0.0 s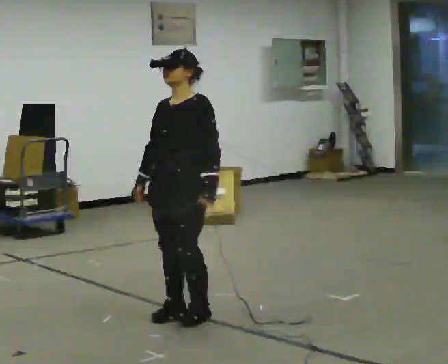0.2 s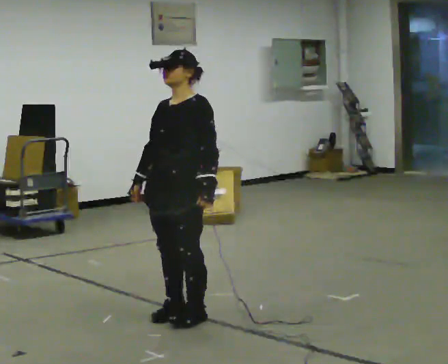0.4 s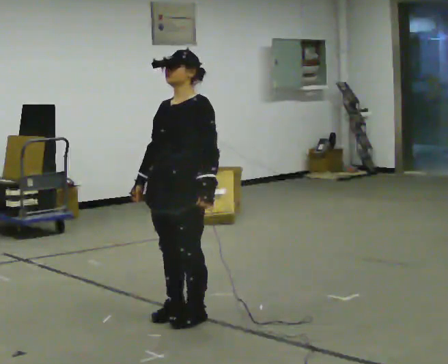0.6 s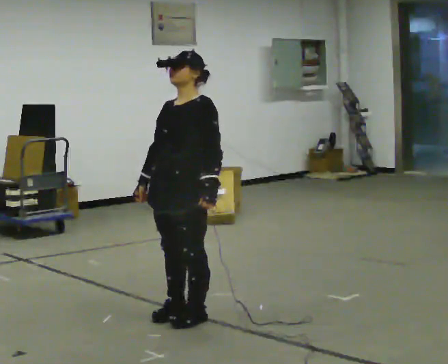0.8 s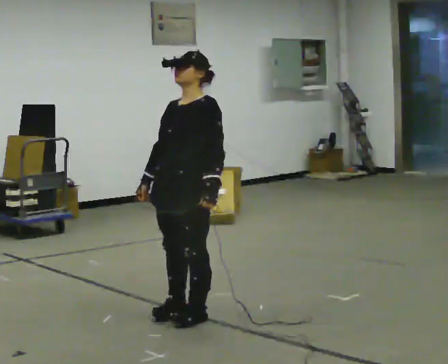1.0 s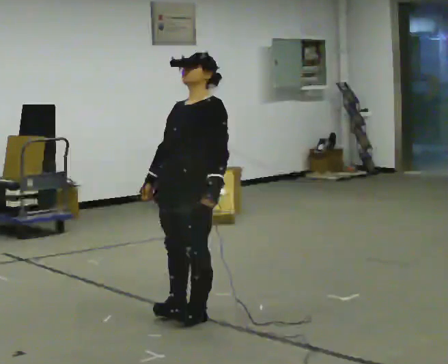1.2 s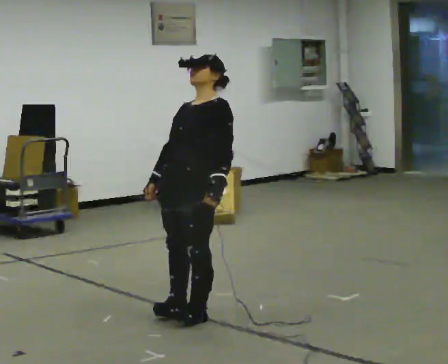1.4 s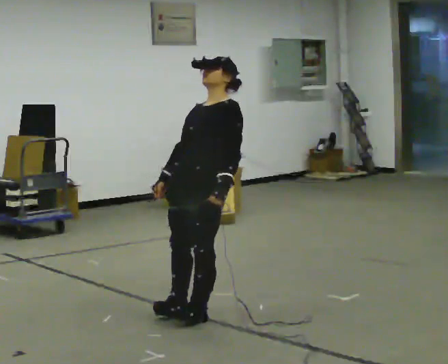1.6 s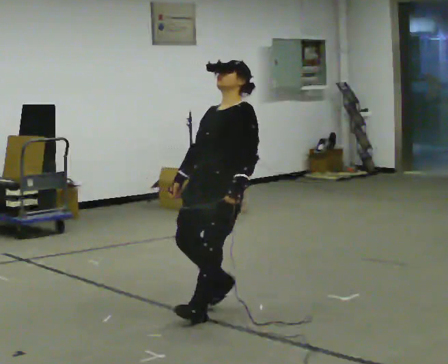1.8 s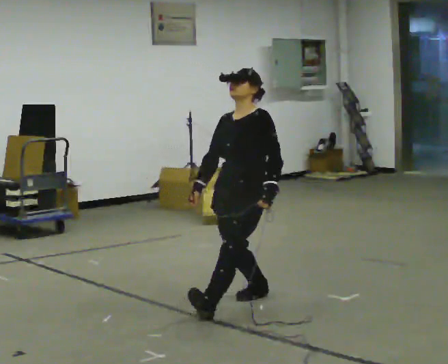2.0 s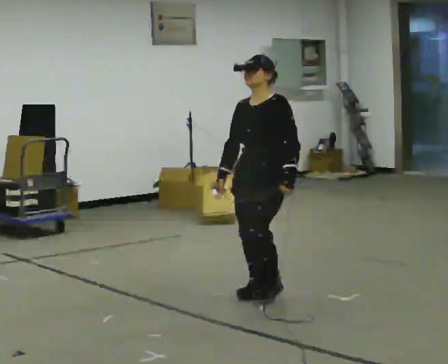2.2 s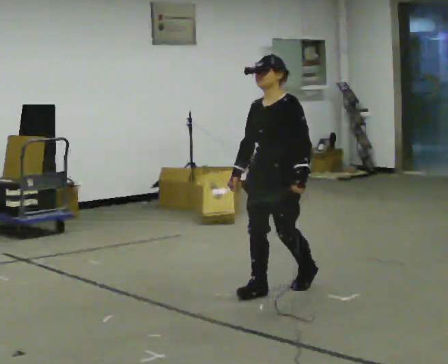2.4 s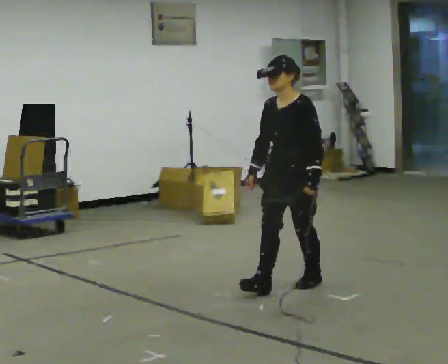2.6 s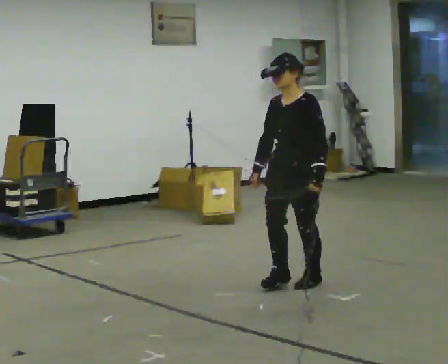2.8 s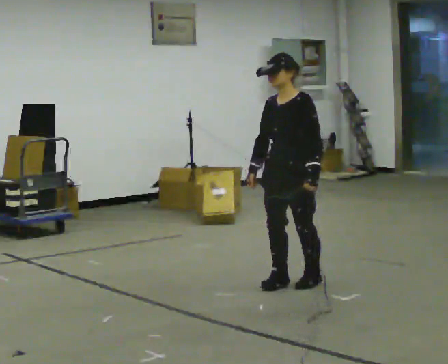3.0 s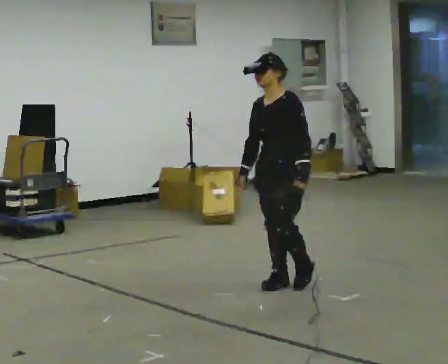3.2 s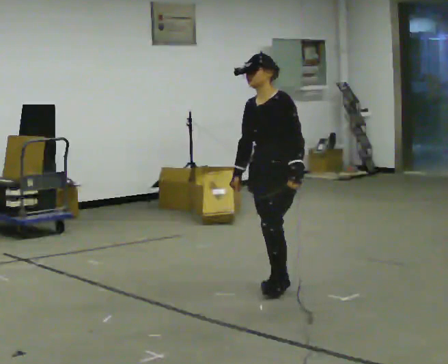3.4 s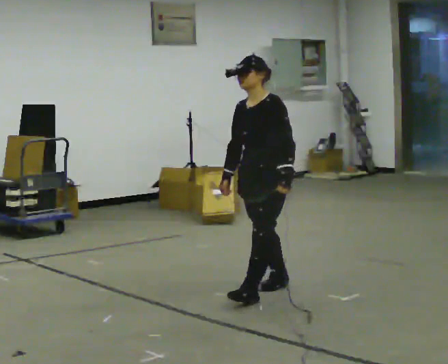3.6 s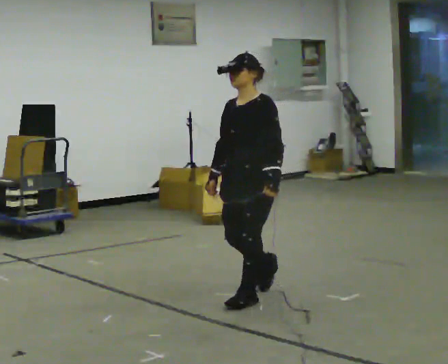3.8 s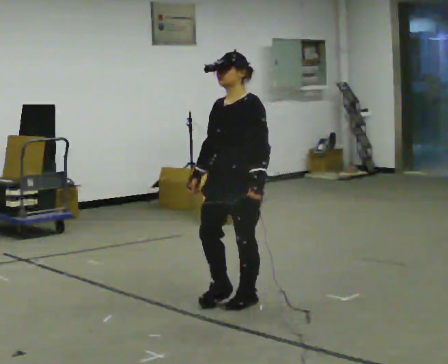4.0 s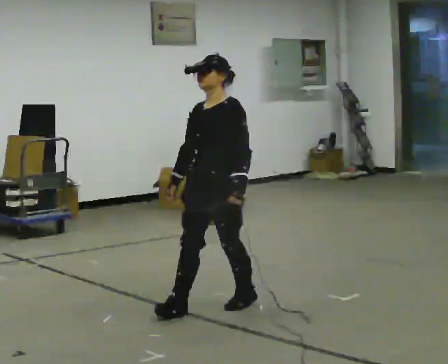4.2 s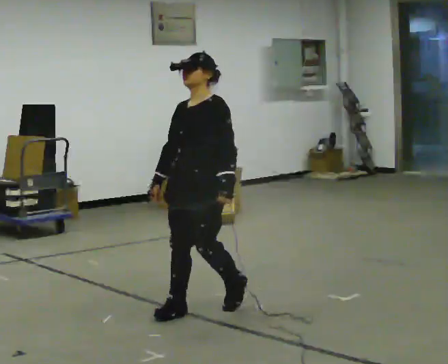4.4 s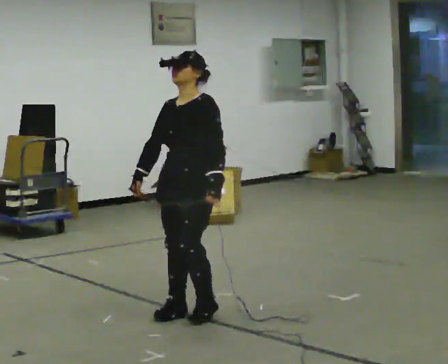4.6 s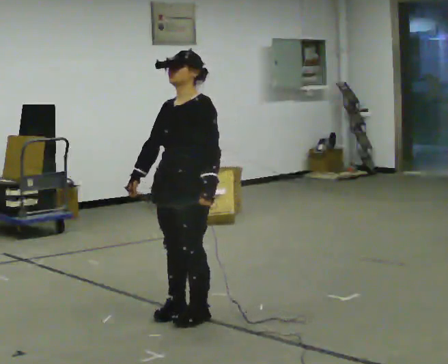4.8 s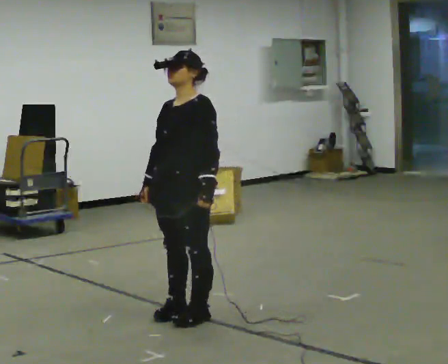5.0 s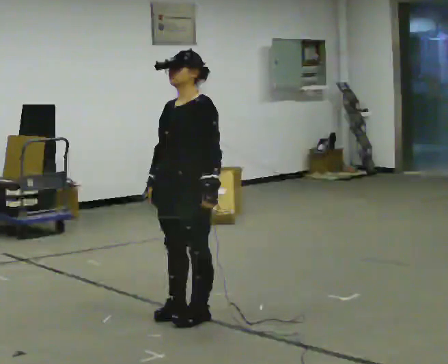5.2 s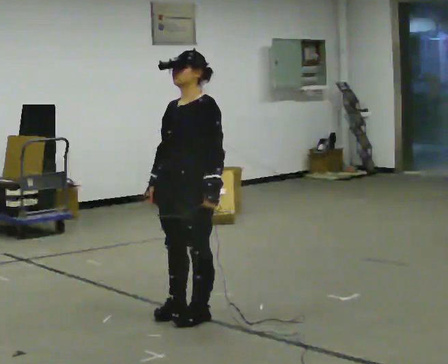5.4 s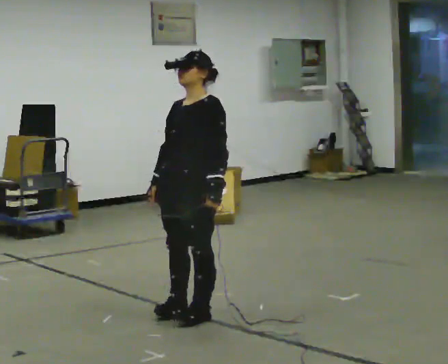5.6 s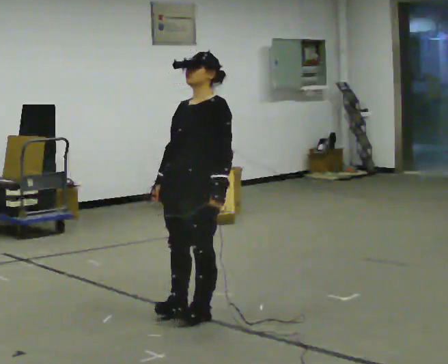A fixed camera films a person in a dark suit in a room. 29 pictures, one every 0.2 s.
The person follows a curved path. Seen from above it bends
counterclockwise.
0.0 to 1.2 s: The person moves a little, or ends about where they began.
1.2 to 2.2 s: In the picture they go away from the camera and to the right, about 0.5 m in 1 step, which for them is backward. The upper body tips toward the camera, its near side rolling downward, as they bend forward.
2.2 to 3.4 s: The person moves a little, or ends about where they began.
3.4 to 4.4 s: In the picture they go toward the camera and to the left, about 0.5 m in 2 steps, which for them is forward.
4.4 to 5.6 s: The person moves a little, or ends about where they began.
The film runs forward here.
